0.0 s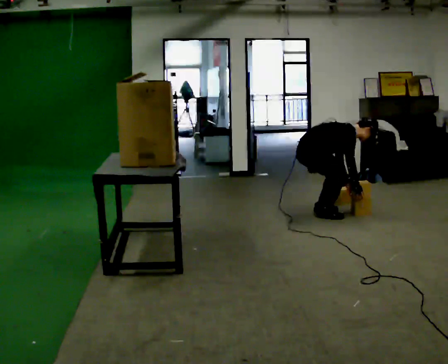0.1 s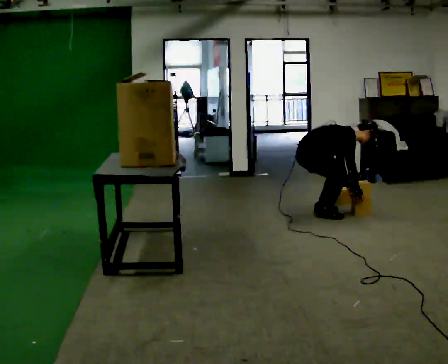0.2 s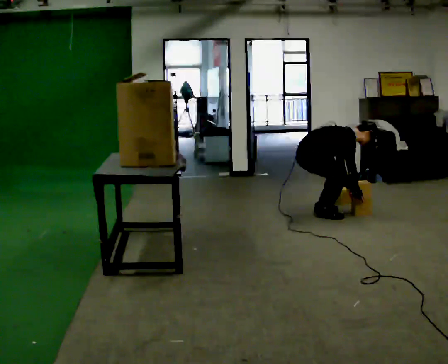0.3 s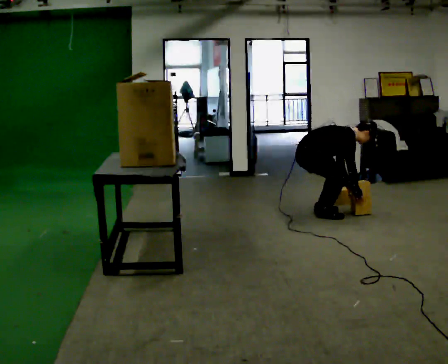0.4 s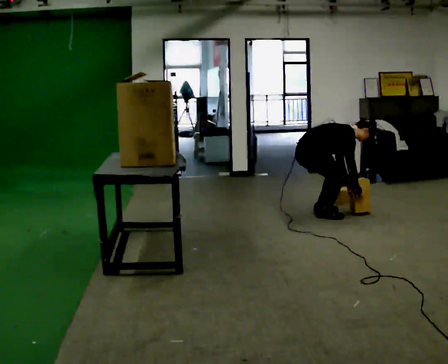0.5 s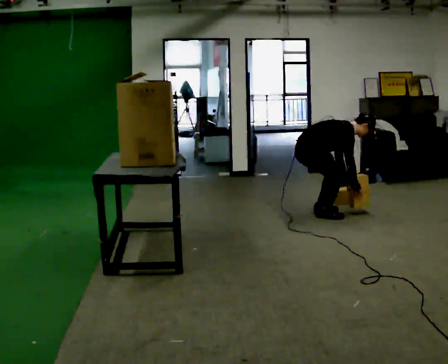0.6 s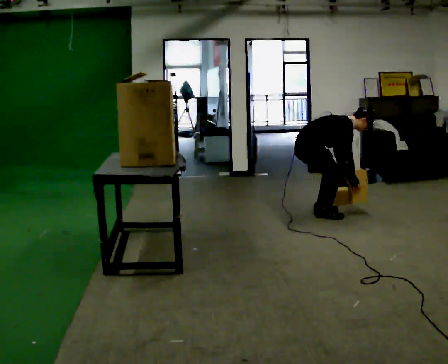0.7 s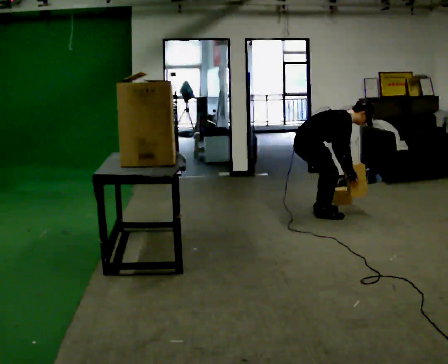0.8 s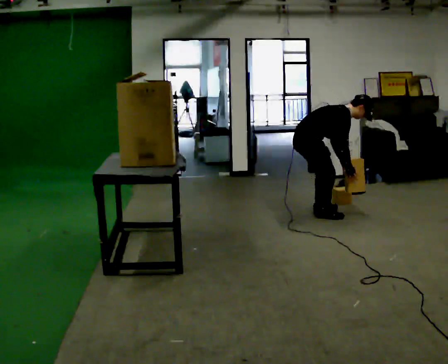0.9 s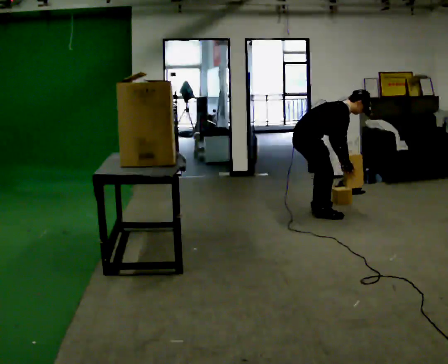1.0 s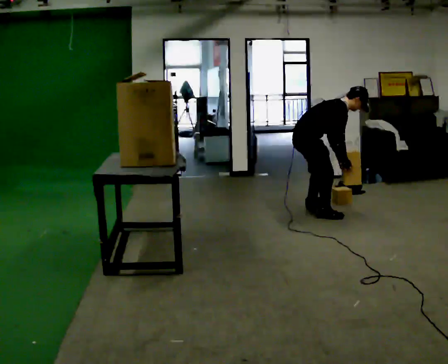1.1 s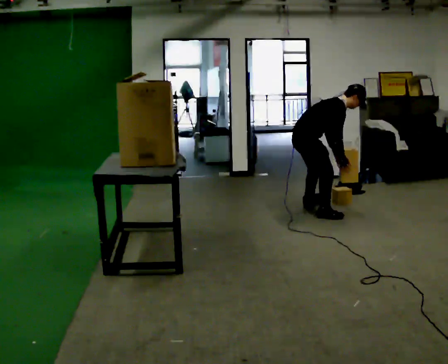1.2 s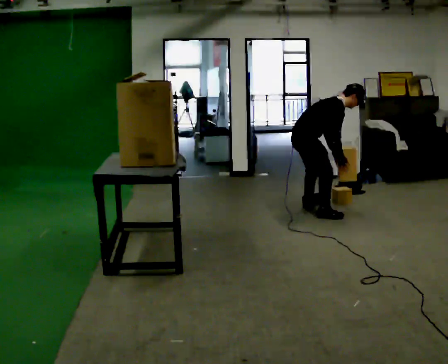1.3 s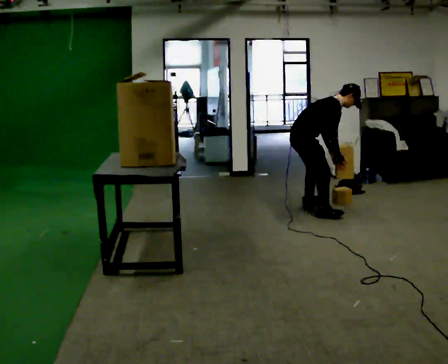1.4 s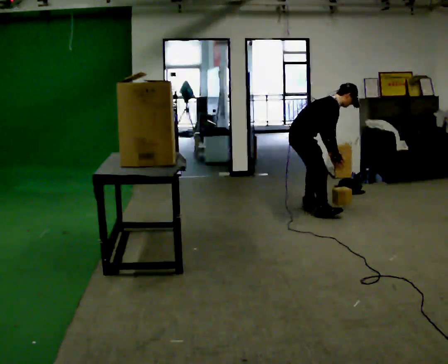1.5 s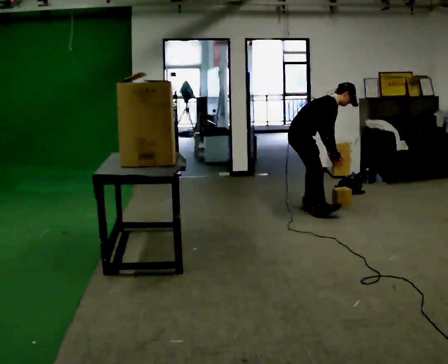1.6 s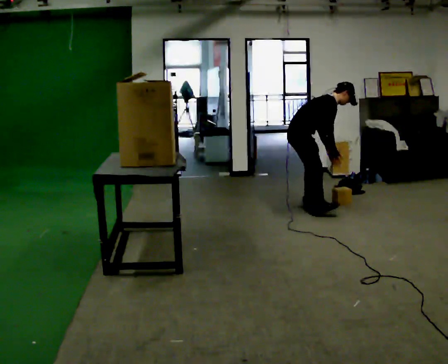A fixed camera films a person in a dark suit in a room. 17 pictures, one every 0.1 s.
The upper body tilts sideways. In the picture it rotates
counterclockwise.
0.0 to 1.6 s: In the picture they go away from the camera, about 0.25 m in 2 steps, which for them is to their left. The upper body goes upward. In the picture the upper body tilts counterclockwise, shoulders to the left, as they lean back or straighten.
The film runs backward here.
